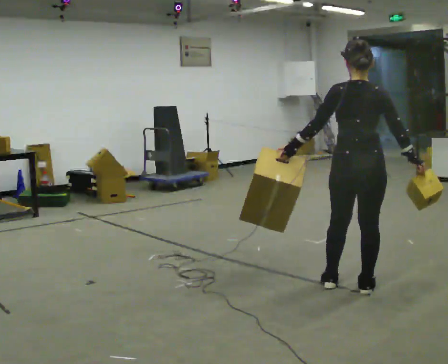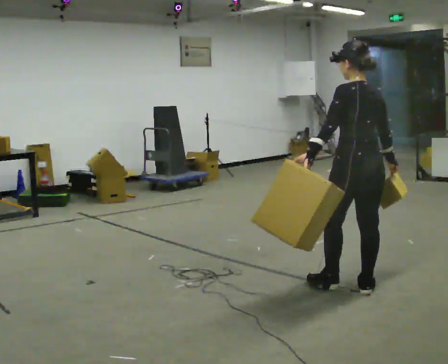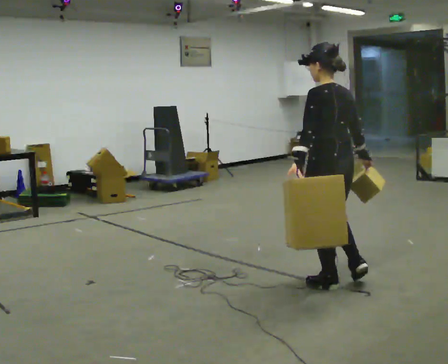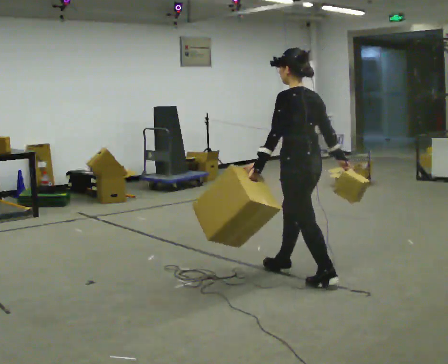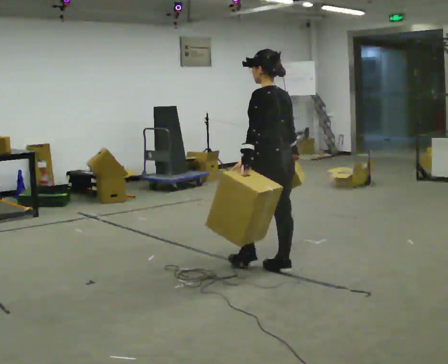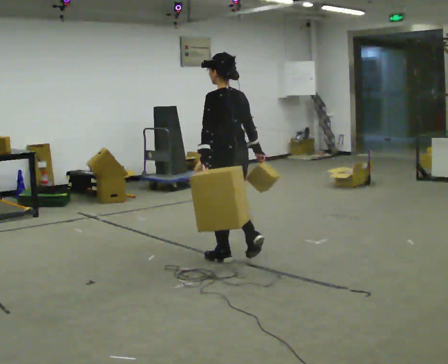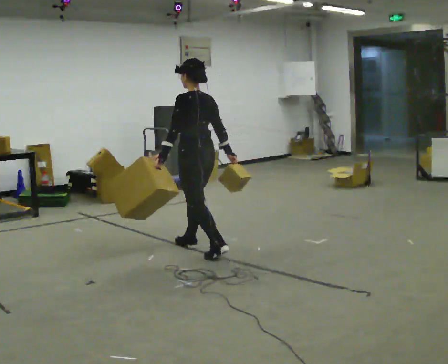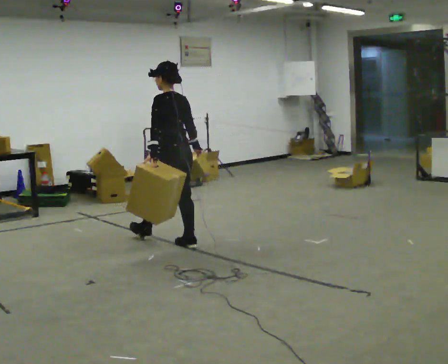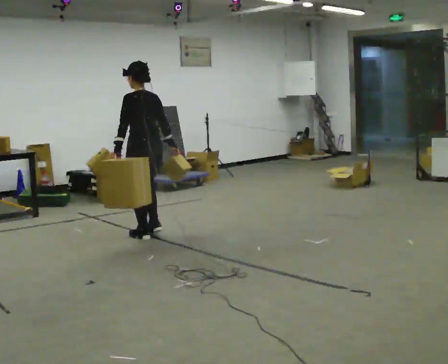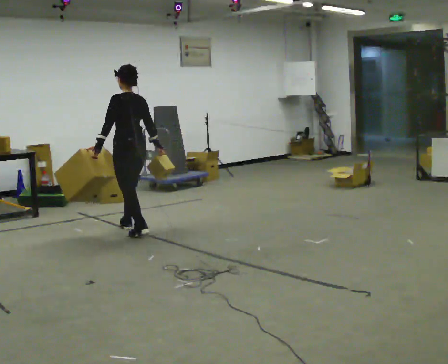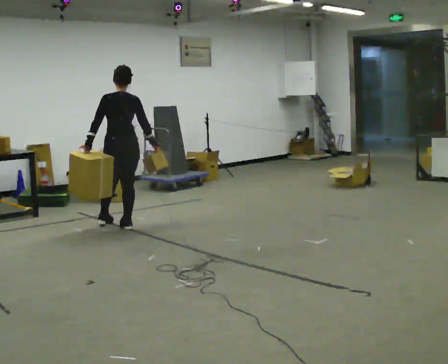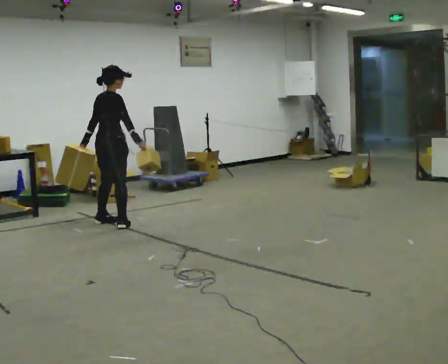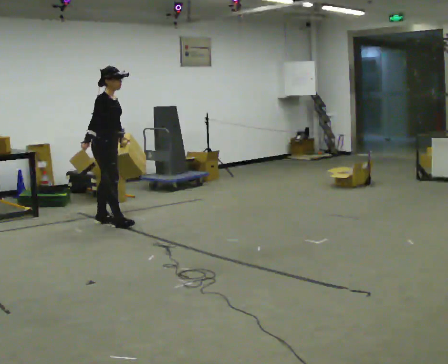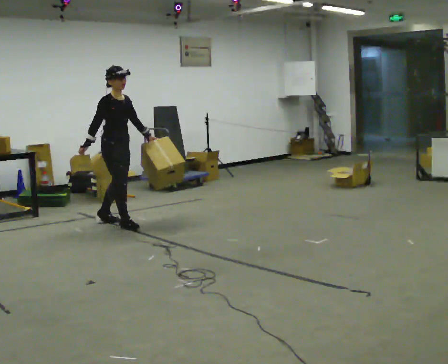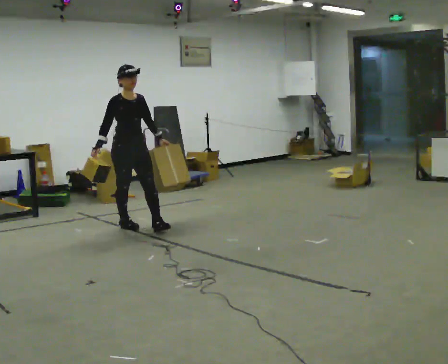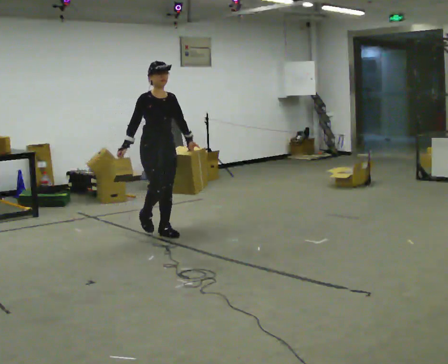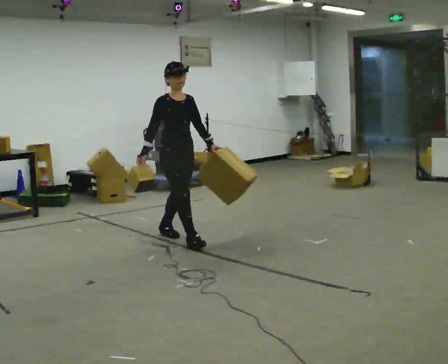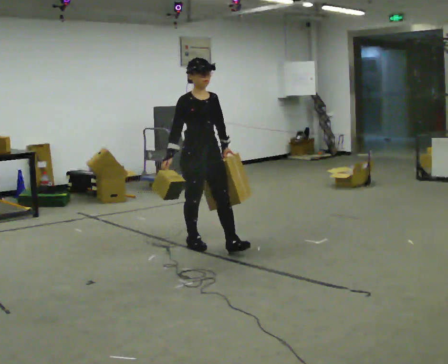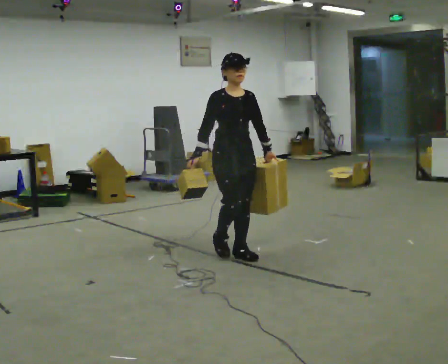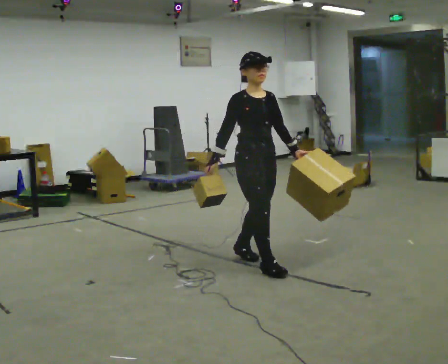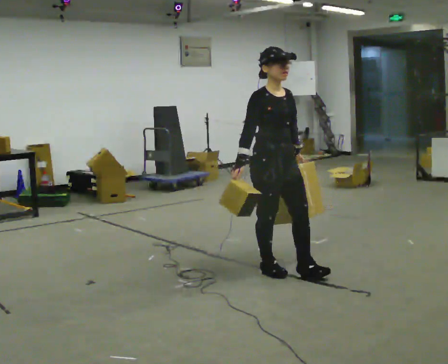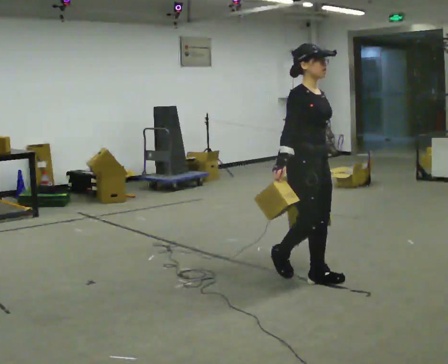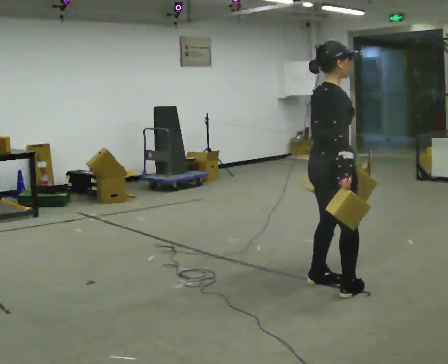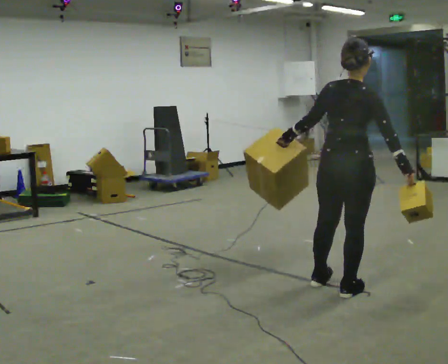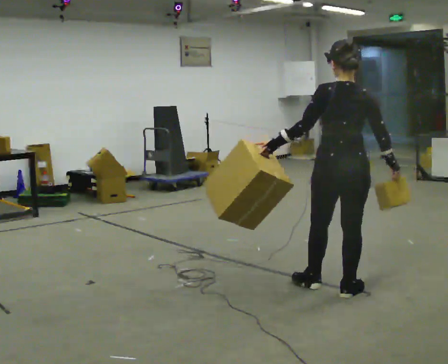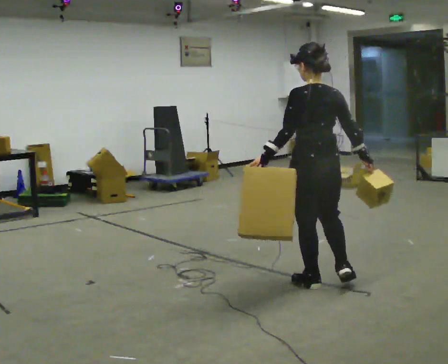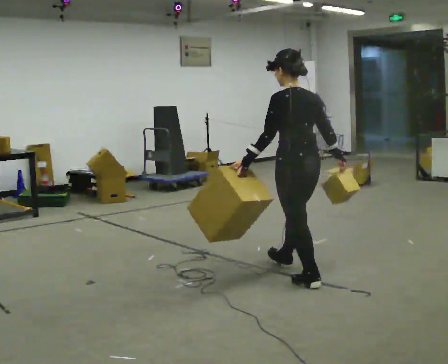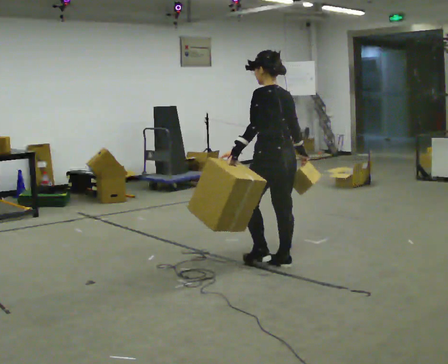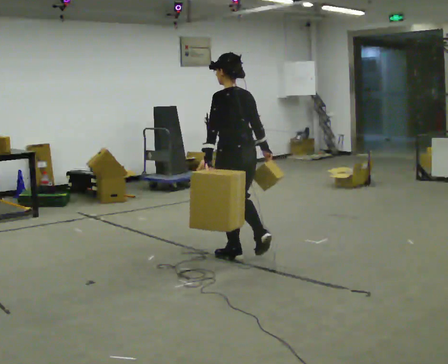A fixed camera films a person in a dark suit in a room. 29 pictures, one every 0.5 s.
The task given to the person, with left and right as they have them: Carry one object in each hand, the heavy one in the hand the operator calls, walking back and forth across the room.
0.0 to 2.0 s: Seen from above the body turns counterclockwise, about 45 degrees: to their left, with its near side sliding to the right. In the picture they go away from the camera and to the left, about 1 m in 1 step, which for them is forward.
2.0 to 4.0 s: In the picture they go away from the camera and to the left, about 1.5 m in 3 steps, which for them is forward.
4.0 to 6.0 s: The part of the body nearest the lens slides to the left as the person turns to their right by about 135 degrees. In the picture they go away from the camera and to the left, about 1 m in 3 steps.
6.0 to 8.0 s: The person turns about 30 degrees to their right, clockwise seen from above, so the part of the body nearest the lens slides to the left. In the picture they go toward the camera and to the right, about 1 m in 2 steps, which for them is forward.
8.0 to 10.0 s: In the picture they go toward the camera and to the right, about 1.5 m in 2 steps, which for them is forward.
10.0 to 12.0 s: Seen from above the body turns counterclockwise, about 135 degrees: to their left, with its near side sliding to the right. In the picture they go toward the camera and to the right, about 0.5 m in 2 steps.
12.0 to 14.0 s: Seen from above the body turns counterclockwise, about 45 degrees: to their left, with its near side sliding to the right. In the picture they go away from the camera and to the left, about 1 m in 2 steps, which for them is forward.
The film runs forward here.
